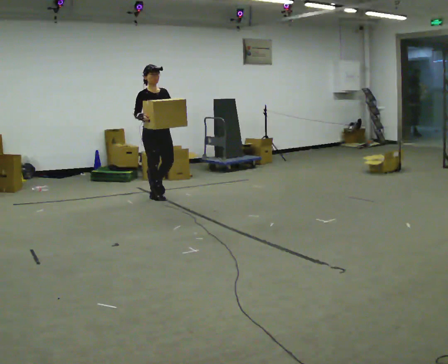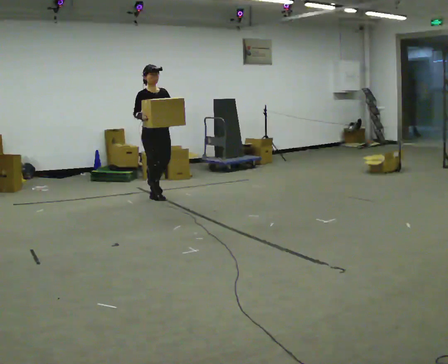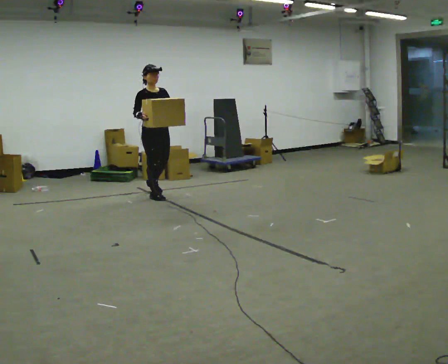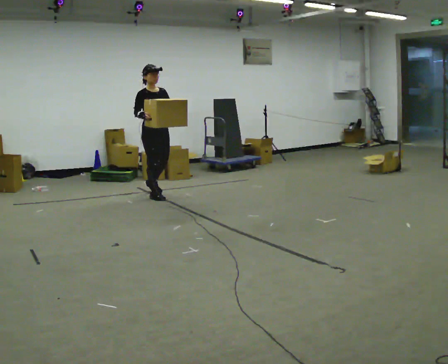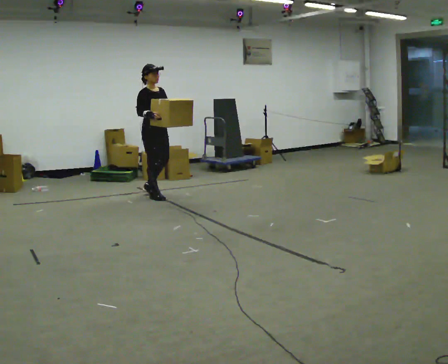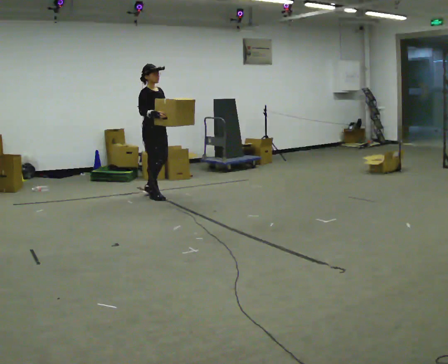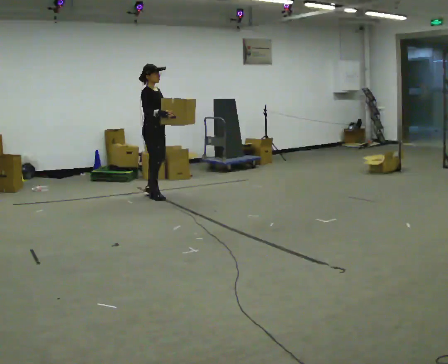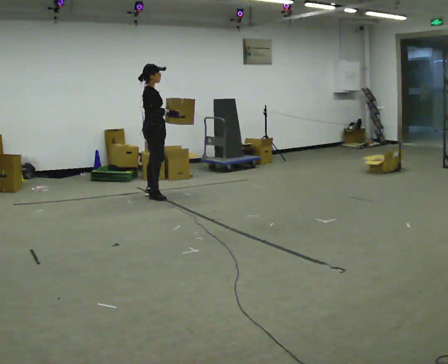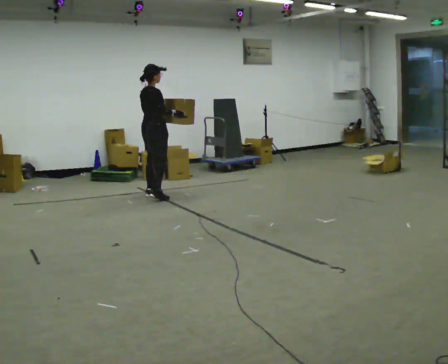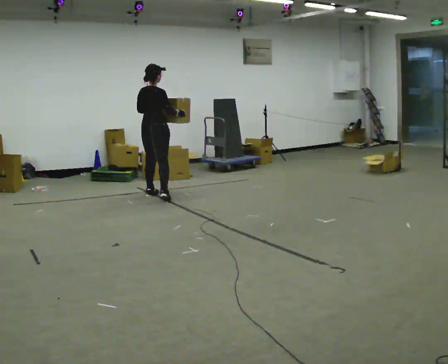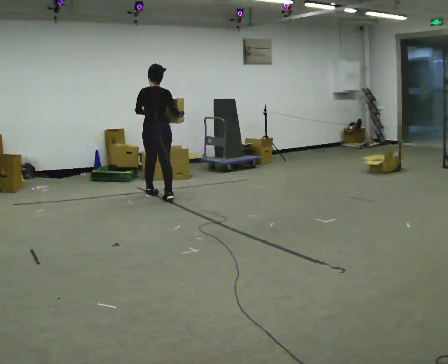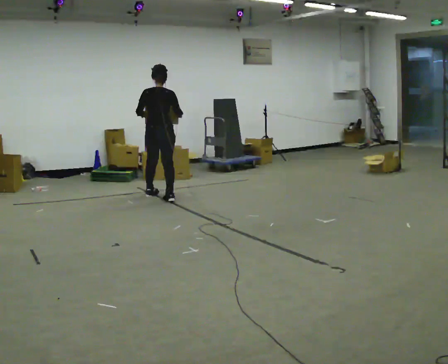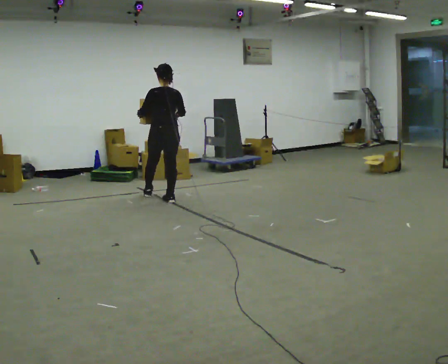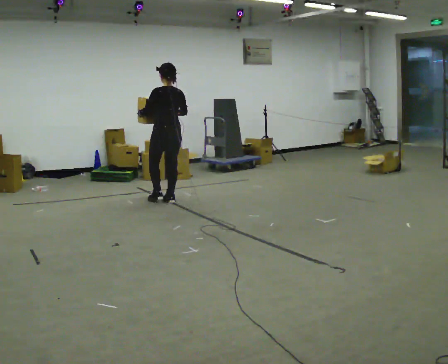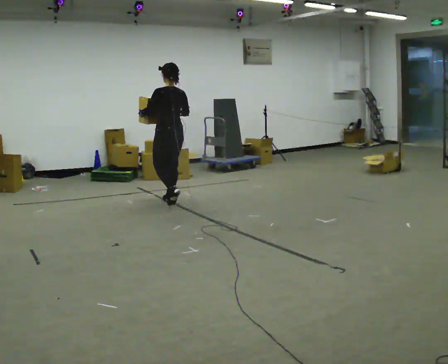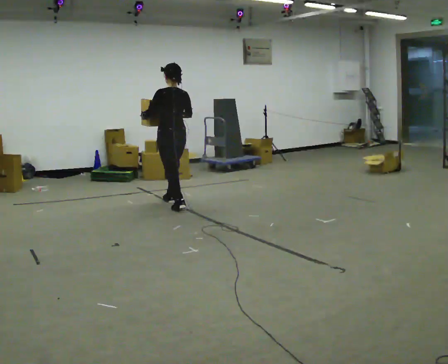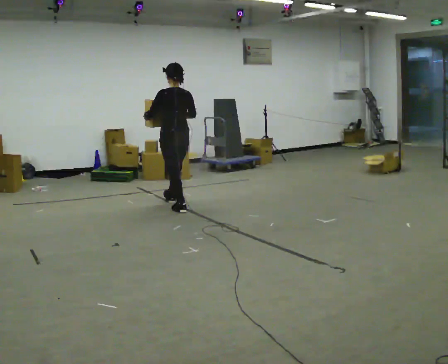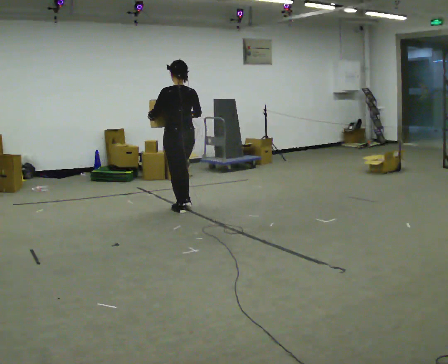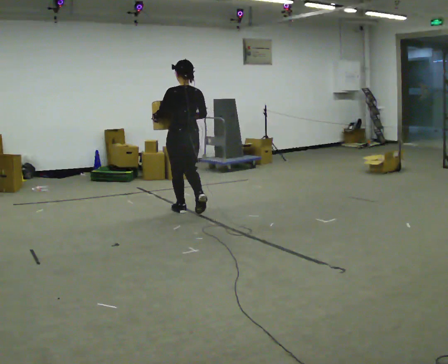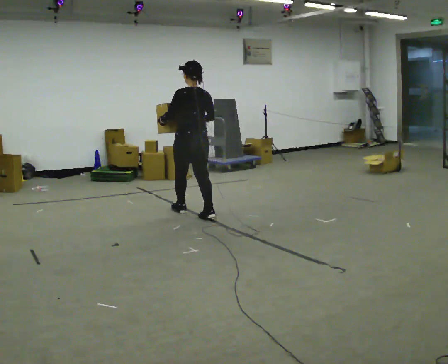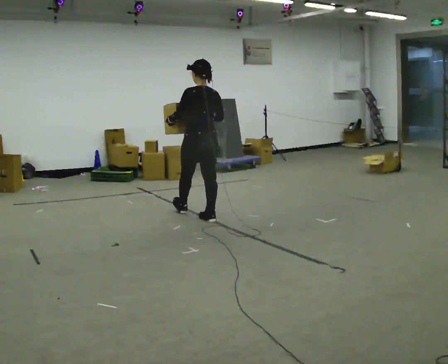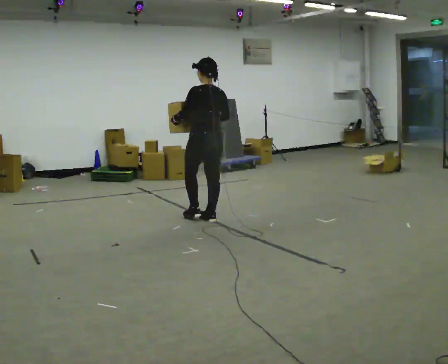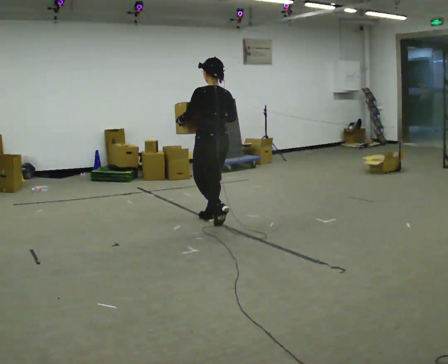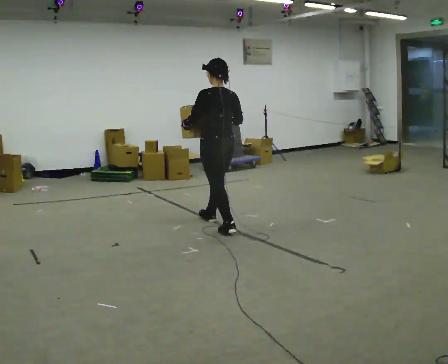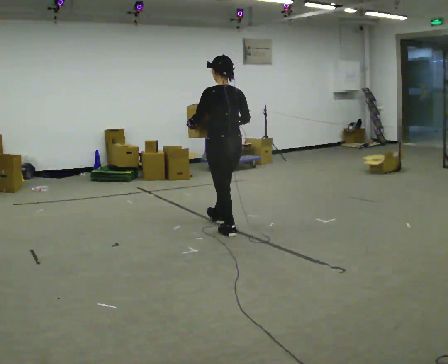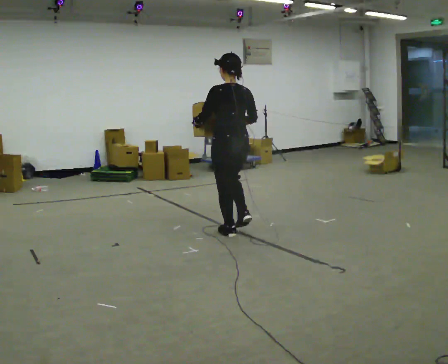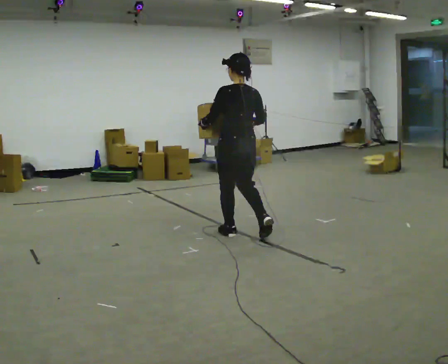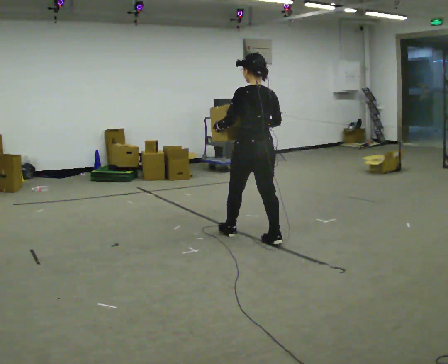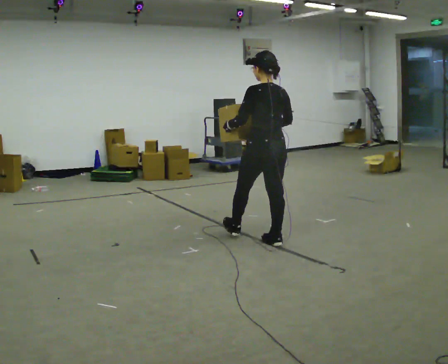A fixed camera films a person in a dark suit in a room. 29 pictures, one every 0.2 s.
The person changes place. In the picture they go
toward the camera.
0.0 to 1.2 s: The part of the body nearest the lens slides to the right as the person turns to their left by about 30 degrees. In the picture they go away from the camera, about 0.25 m in 1 step, which for them is backward.
1.2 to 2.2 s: The person turns about 105 degrees to their left, counterclockwise seen from above, so the part of the body nearest the lens slides to the right.
2.2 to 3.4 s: The person turns about 30 degrees to their left, counterclockwise seen from above, so the part of the body nearest the lens slides to the right. In the picture they go toward the camera and to the right, about 0.75 m in 2 steps, which for them is backward.
3.4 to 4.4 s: In the picture they go toward the camera and to the right, about 0.5 m in 1 step, which for them is backward.
4.4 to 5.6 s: In the picture they go toward the camera and to the right, about 1 m in 1 step, which for them is backward.
The film runs backward here.
